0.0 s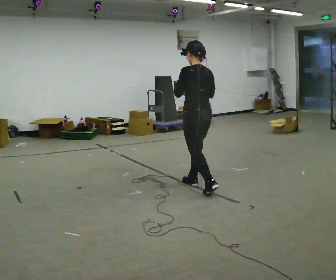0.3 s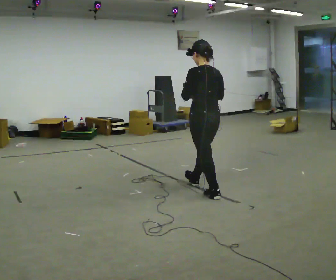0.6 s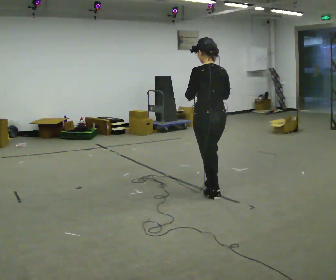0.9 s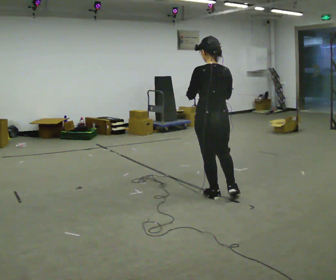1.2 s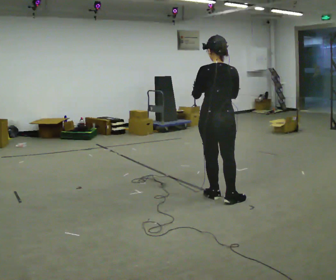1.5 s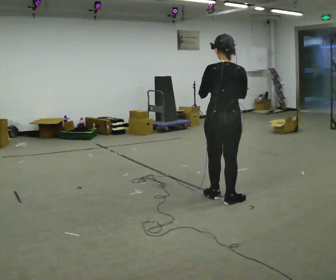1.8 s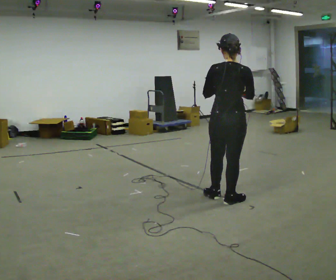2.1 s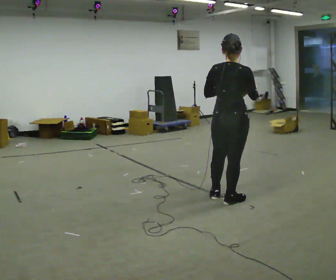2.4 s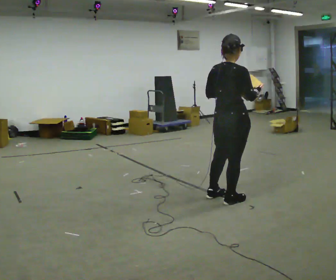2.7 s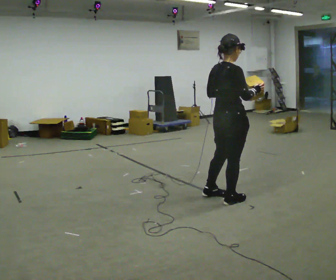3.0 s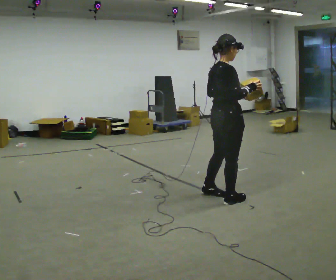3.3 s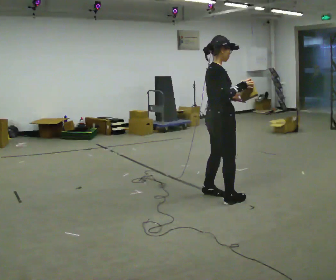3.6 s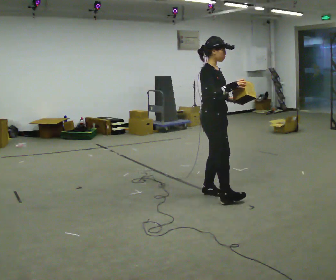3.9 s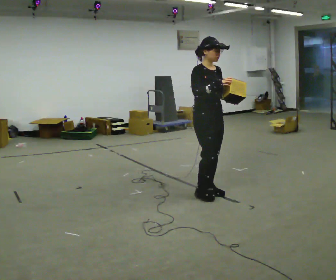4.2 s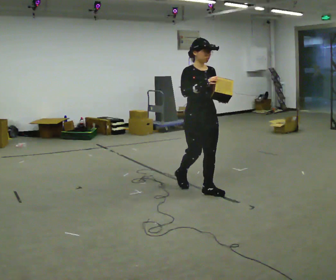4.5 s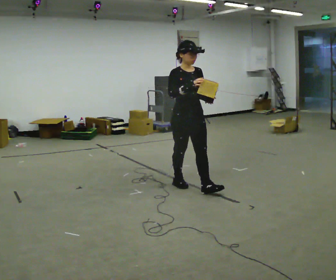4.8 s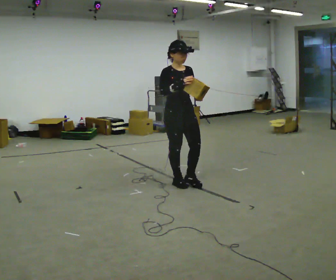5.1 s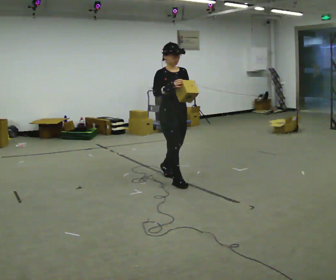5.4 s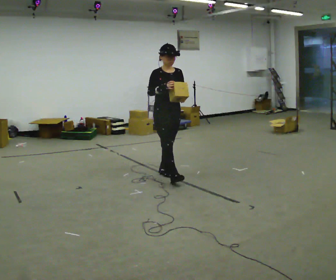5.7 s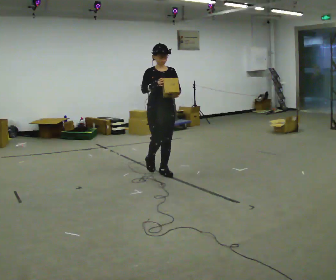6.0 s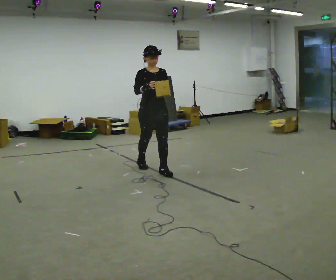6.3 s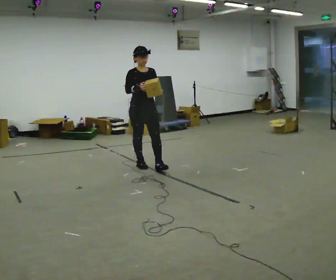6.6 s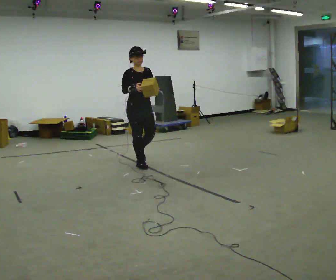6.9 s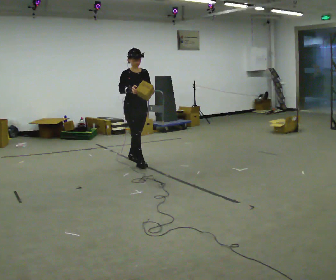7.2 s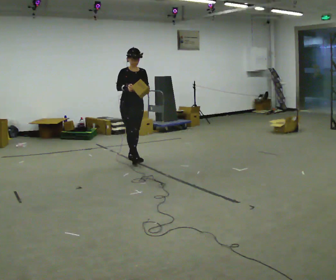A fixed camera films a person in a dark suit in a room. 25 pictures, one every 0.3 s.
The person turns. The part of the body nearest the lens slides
to the left.
The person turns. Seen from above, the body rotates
clockwise.
0.0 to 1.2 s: The person turns about 30 degrees to their right, clockwise seen from above, so the part of the body nearest the lens slides to the left. In the picture they go toward the camera and to the right, about 0.5 m in 1 step, which for them is backward.
1.2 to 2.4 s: The part of the body nearest the lens slides to the left as the person turns to their right by about 45 degrees. In the picture their right hand goes to the right.
2.4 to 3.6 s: The person turns about 60 degrees to their right, clockwise seen from above, so the part of the body nearest the lens slides to the left. In the picture they go to the left and away from the camera, about 0.25 m.
3.6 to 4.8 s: The person turns about 45 degrees to their right, clockwise seen from above, so the part of the body nearest the lens slides to the left. In the picture they go to the left and away from the camera, about 0.5 m in 2 steps, which for them is backward.
4.8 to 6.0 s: In the picture they go to the left and away from the camera, about 0.75 m in 1 step, which for them is backward.
6.0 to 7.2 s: In the picture they go to the left and away from the camera, about 0.75 m in 2 steps, which for them is backward.
The film runs backward here.
